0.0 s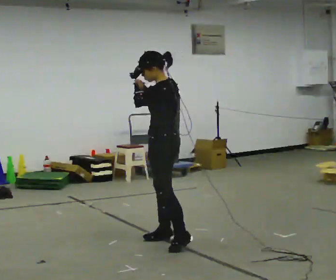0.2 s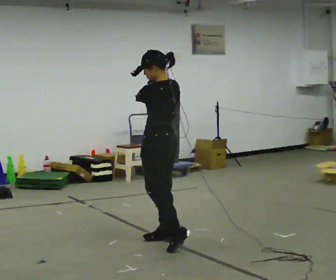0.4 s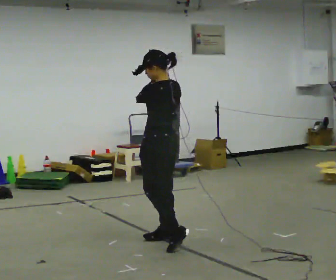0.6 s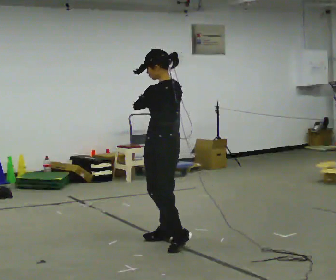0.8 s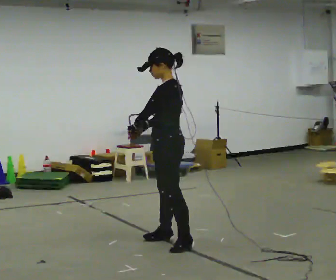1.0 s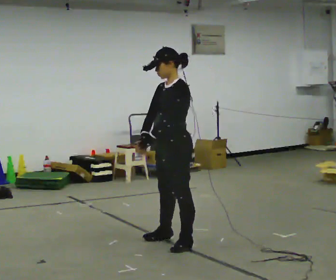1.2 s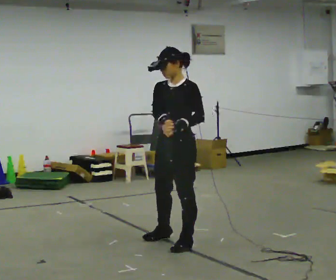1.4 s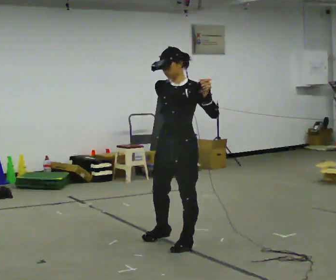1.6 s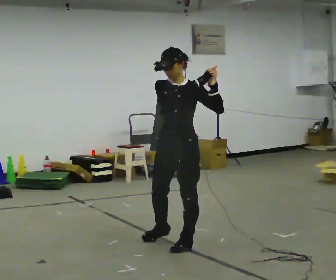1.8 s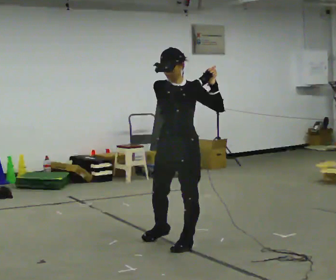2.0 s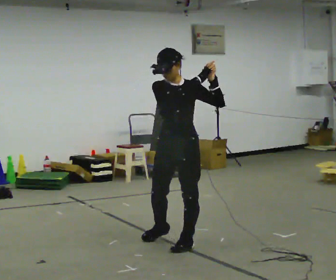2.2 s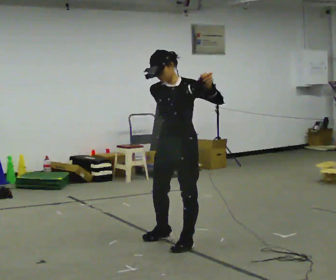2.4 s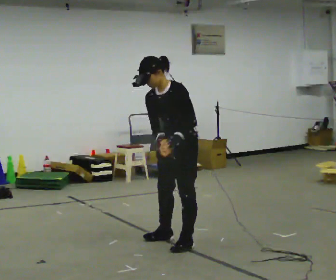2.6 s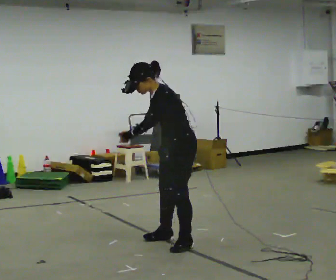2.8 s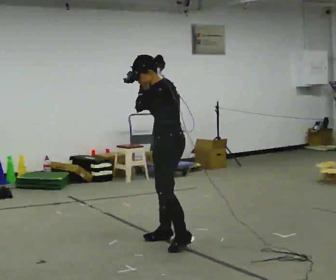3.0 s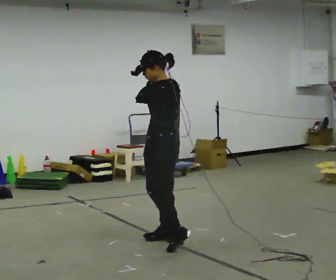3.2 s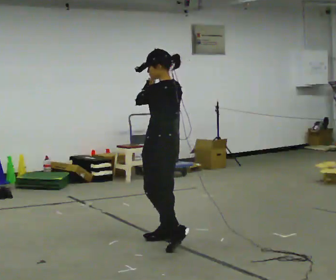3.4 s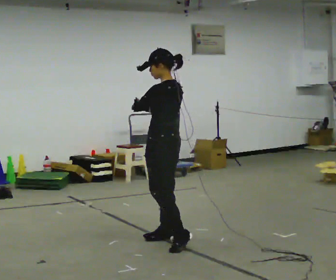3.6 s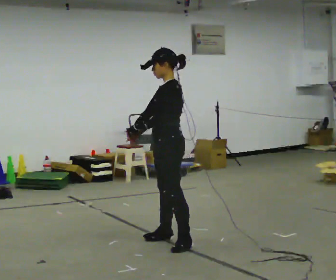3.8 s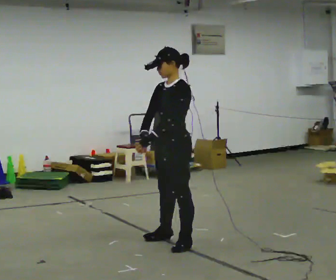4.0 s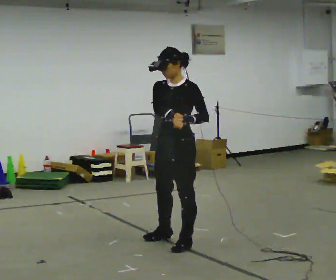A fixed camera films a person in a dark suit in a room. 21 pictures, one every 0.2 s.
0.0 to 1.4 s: The person turns about 60 degrees to their left, counterclockwise seen from above, so the part of the body nearest the lens slides to the right. In the picture they go toward the camera, about 0.25 m. In the picture their left hand goes to the right.
1.4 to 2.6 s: Seen from above the body turns clockwise, about 30 degrees: to their right, with its near side sliding to the left. In the picture they go away from the camera, about 0.25 m, which for them is backward. In the picture the upper body tilts counterclockwise, shoulders to the left, as they bend forward. In the picture their right hand goes to the left and downward.
2.6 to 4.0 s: Seen from above the body turns counterclockwise, about 30 degrees: to their left, with its near side sliding to the right. In the picture the upper body tilts clockwise, shoulders to the right, as they lean back or straighten. In the picture their right hand goes to the right.
The film runs backward here.
